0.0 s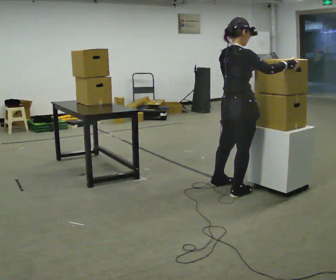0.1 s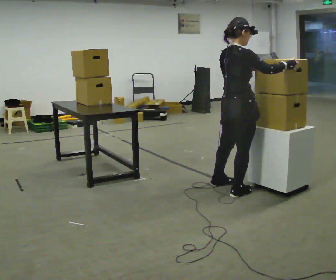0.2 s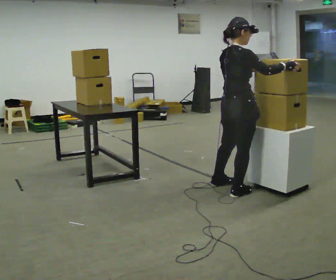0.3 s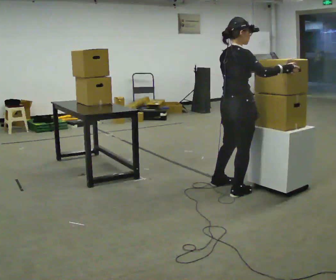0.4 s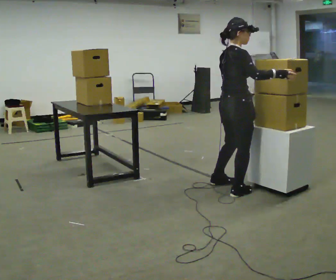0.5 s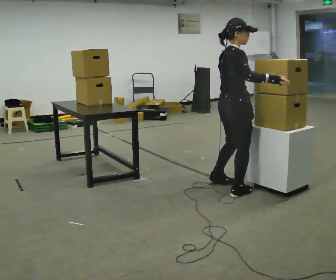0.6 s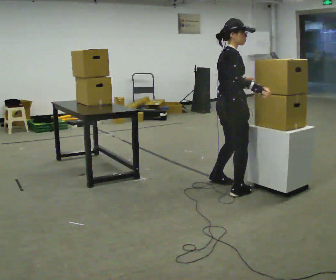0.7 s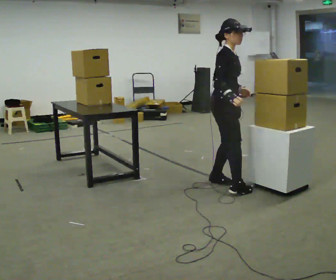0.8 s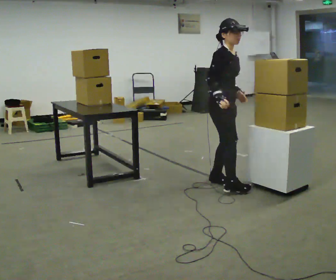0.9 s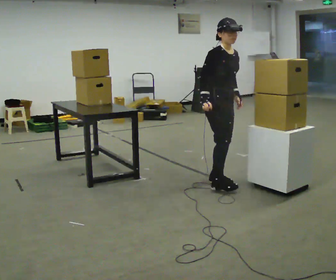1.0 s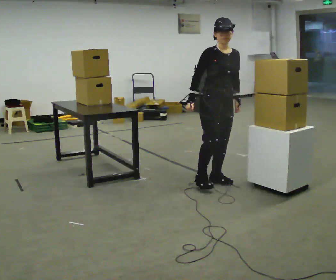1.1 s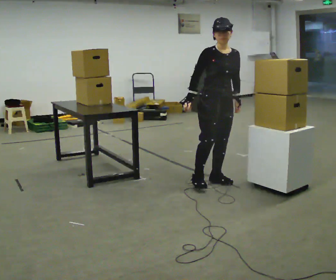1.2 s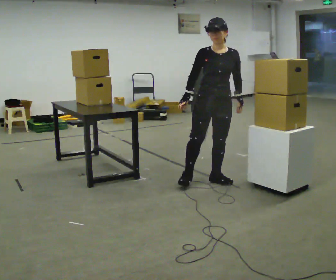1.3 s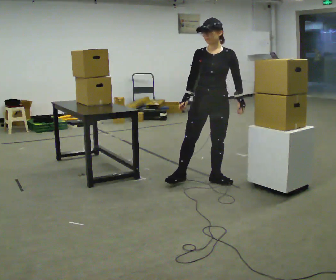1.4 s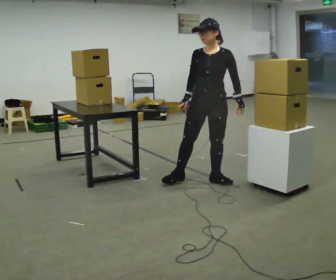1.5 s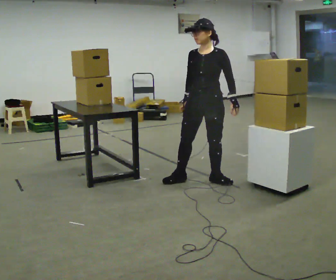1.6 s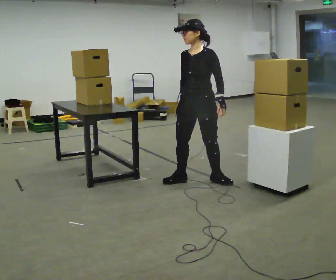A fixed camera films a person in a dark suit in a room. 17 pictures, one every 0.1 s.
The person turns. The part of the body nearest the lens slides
to the left.
The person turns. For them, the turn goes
to their right.
0.0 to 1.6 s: The part of the body nearest the lens slides to the left as the person turns to their right by about 150 degrees. In the picture they go to the left and away from the camera, about 0.5 m in 1 step. In the picture their right hand goes downward, the arm swinging clockwise.
The film runs forward here.
